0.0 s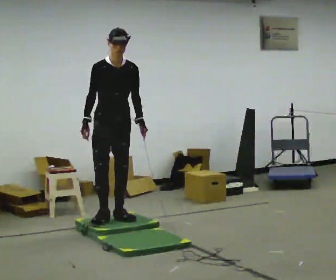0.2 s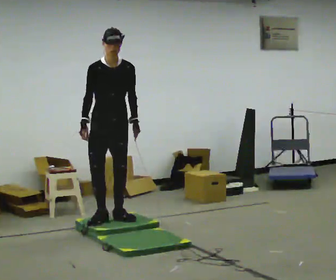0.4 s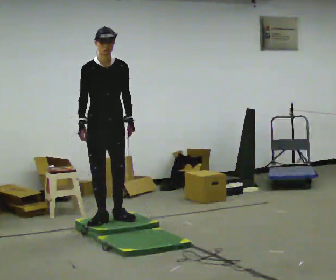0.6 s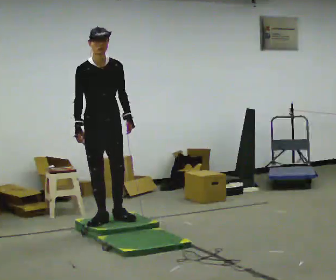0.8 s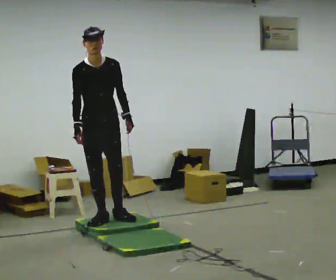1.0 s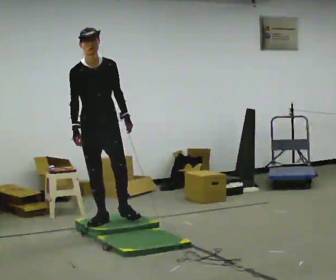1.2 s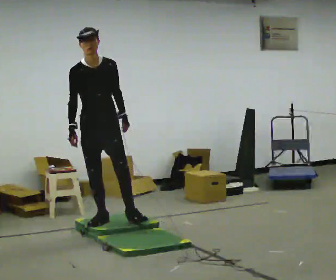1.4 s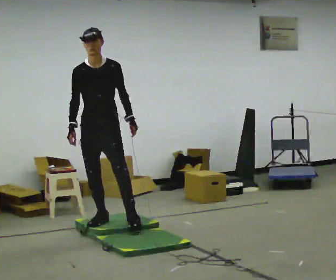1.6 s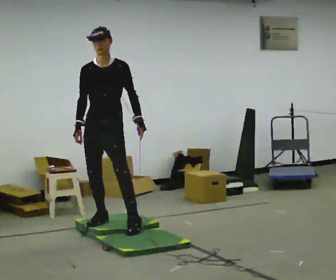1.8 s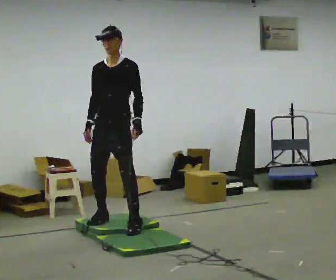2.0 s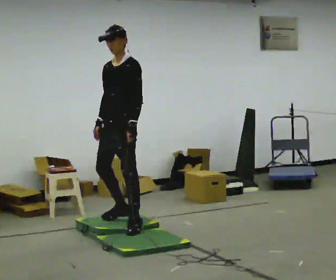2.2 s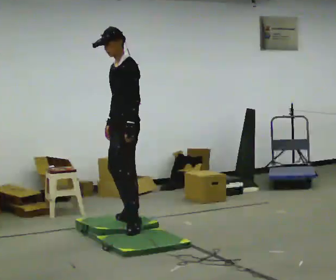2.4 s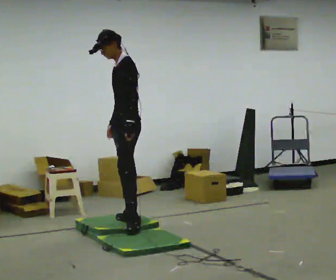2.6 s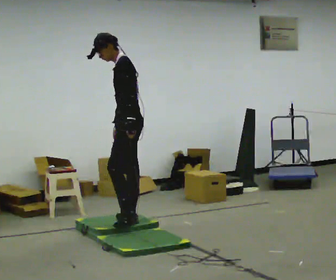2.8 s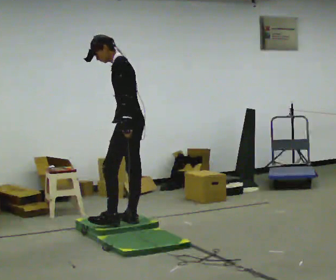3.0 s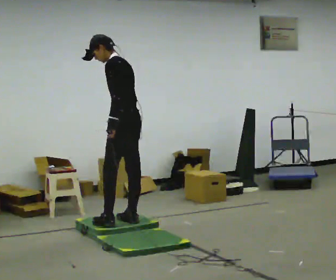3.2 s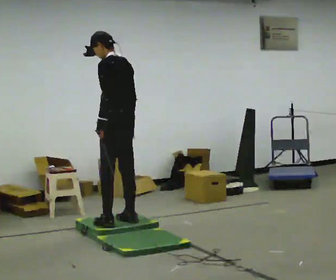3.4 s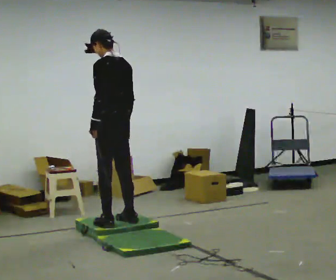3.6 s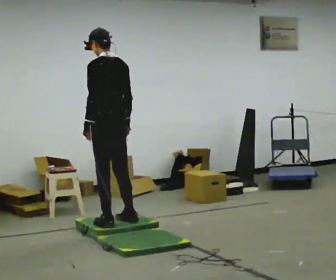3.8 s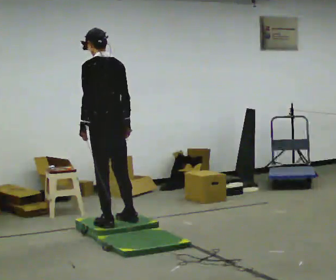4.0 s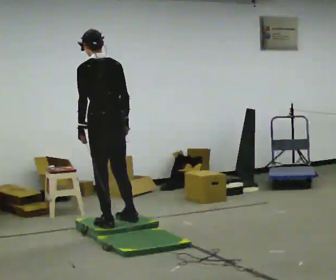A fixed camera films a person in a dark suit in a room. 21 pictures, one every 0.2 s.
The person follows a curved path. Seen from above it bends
clockwise.
The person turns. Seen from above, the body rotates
clockwise.
0.0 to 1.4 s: In the picture they go toward the camera, about 0.25 m in 1 step, which for them is forward and to their right.
1.4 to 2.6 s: The part of the body nearest the lens slides to the left as the person turns to their right by about 90 degrees. In the picture they go to the right, about 0.25 m in 2 steps.
2.6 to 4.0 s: The part of the body nearest the lens slides to the left as the person turns to their right by about 60 degrees. In the picture they go to the left, about 0.25 m in 1 step.
The film runs backward here.
